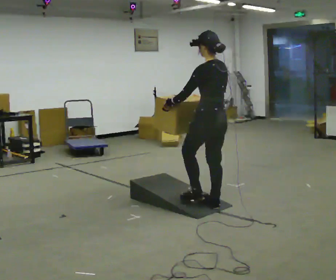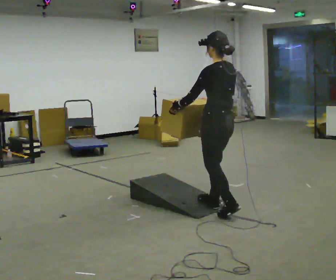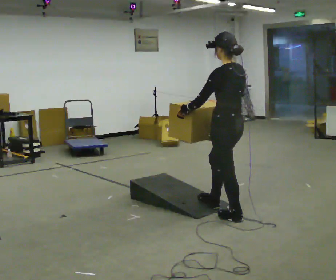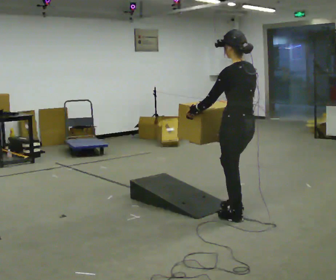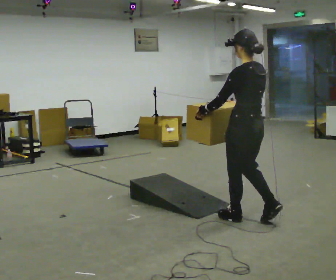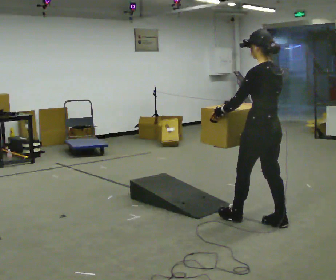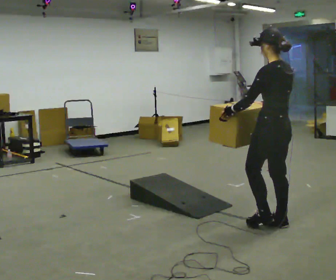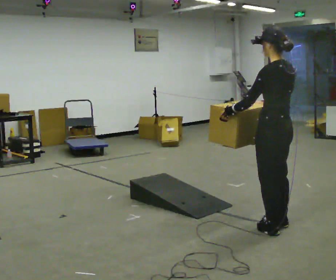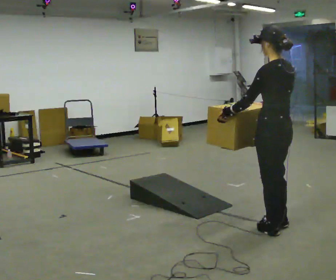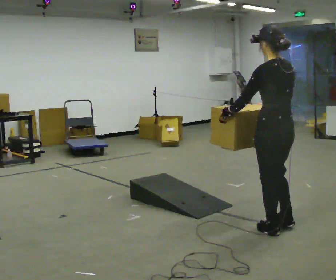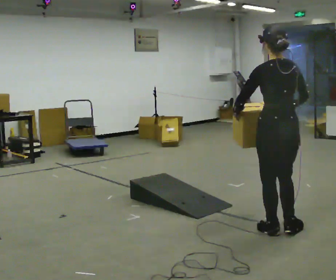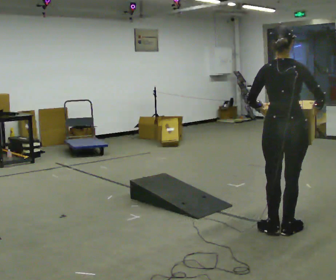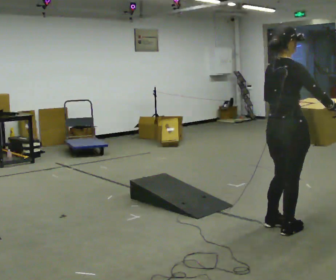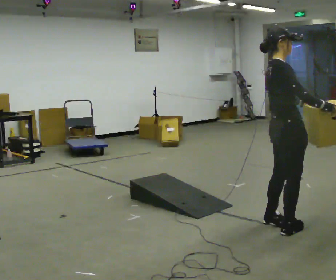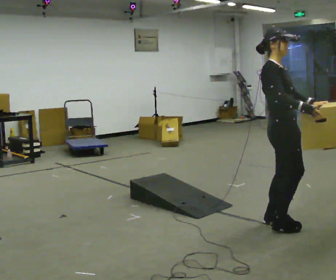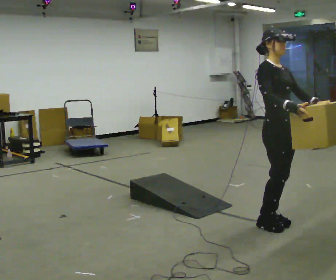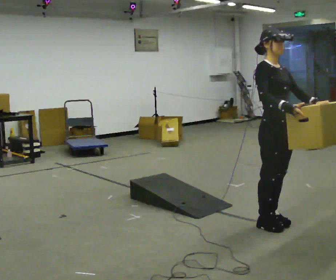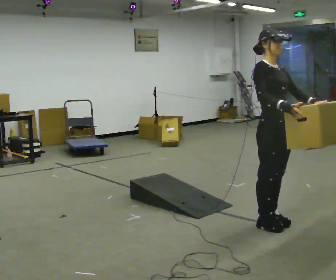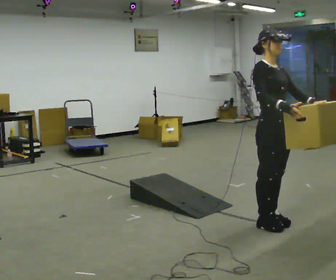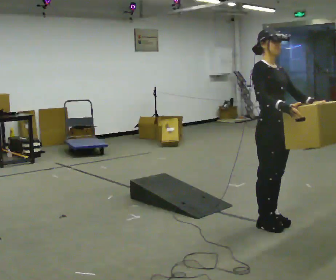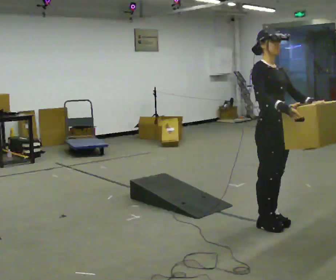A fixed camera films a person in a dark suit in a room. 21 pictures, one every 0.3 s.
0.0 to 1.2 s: In the picture they go toward the camera and to the right, about 0.5 m in 1 step, which for them is backward.
1.2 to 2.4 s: In the picture they go toward the camera and to the right, about 0.25 m in 1 step, which for them is backward.
2.4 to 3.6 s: The person turns about 90 degrees to their right, clockwise seen from above, so the part of the body nearest the lens slides to the left. In the picture their right hand goes to the right.
3.6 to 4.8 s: The person turns about 90 degrees to their right, clockwise seen from above, so the part of the body nearest the lens slides to the left. In the picture their right hand goes to the left.
4.8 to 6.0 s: The person moves a little, or ends about where they began.
The film runs backward here.
